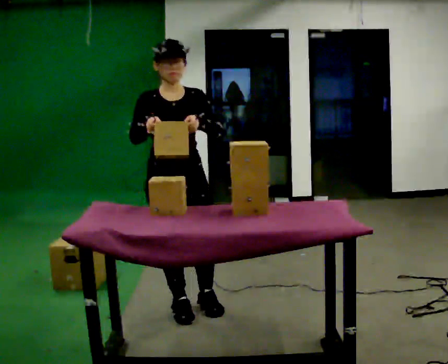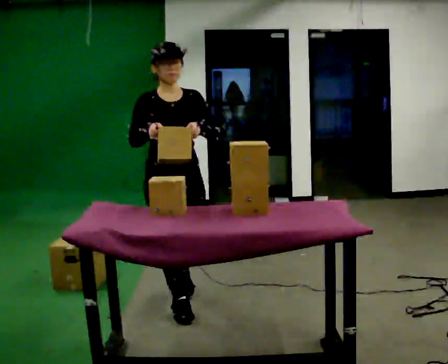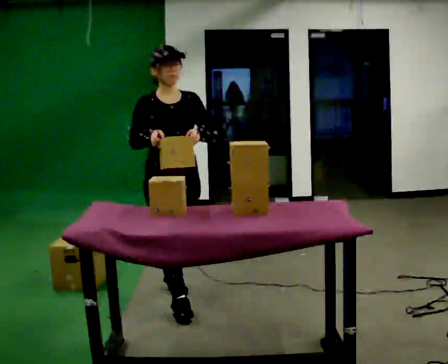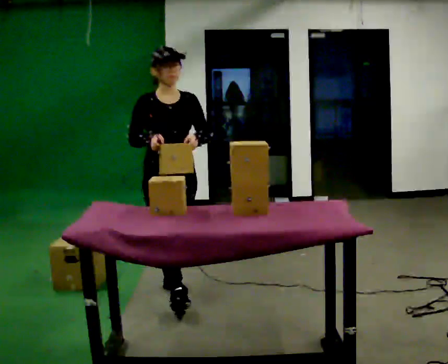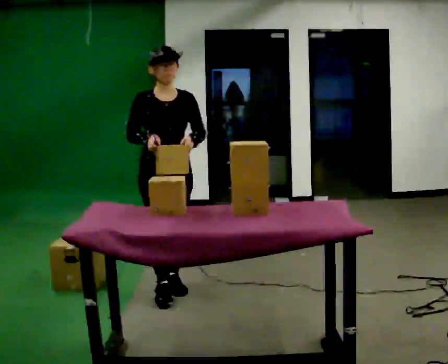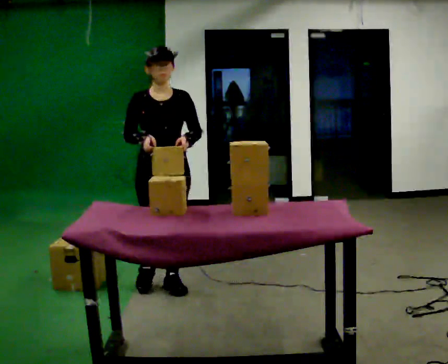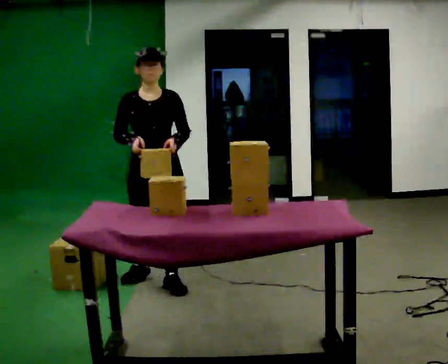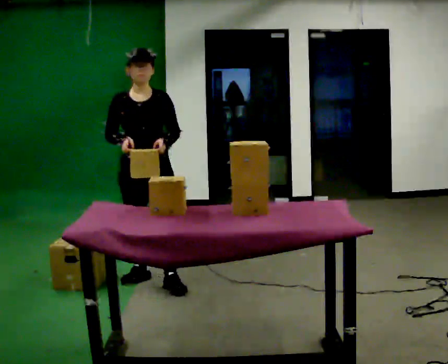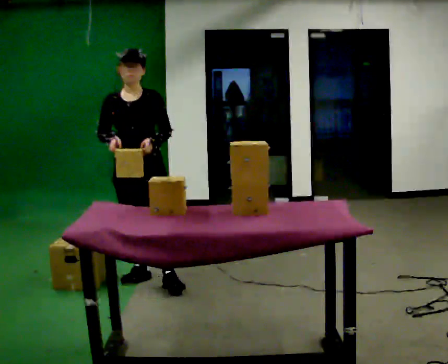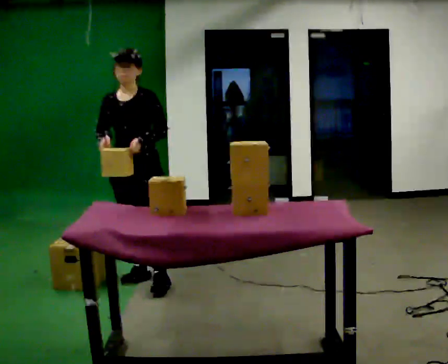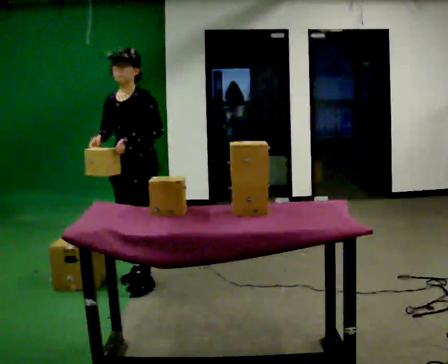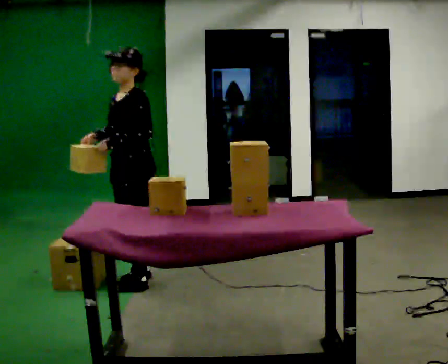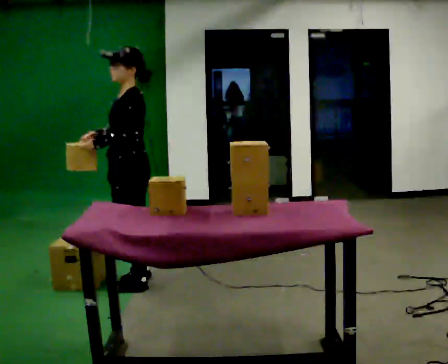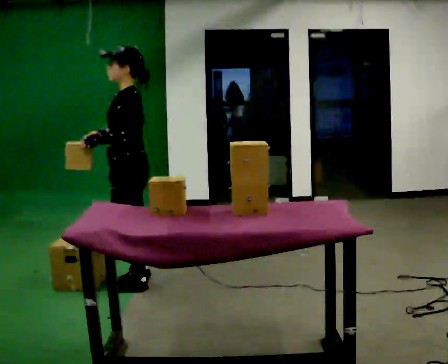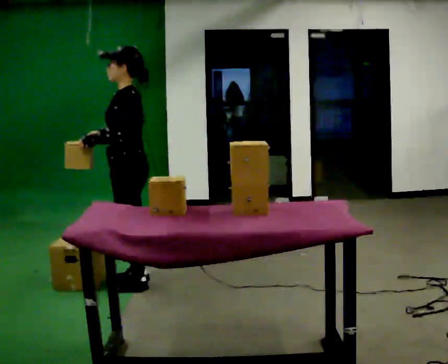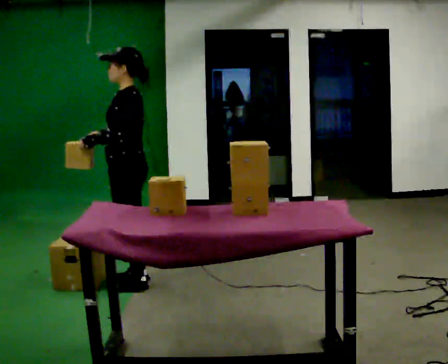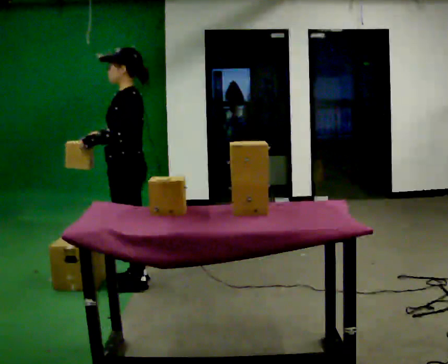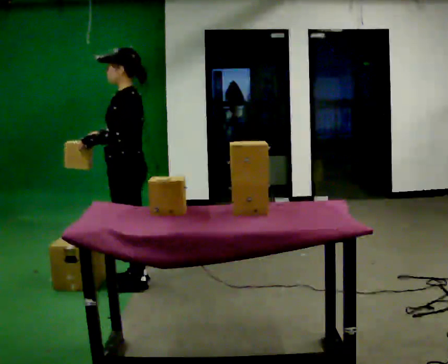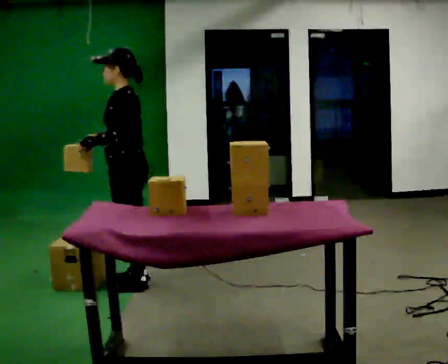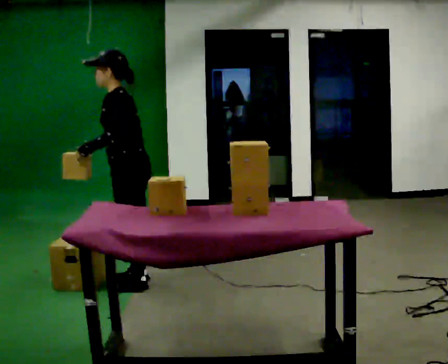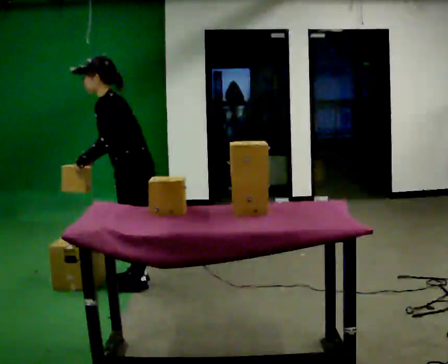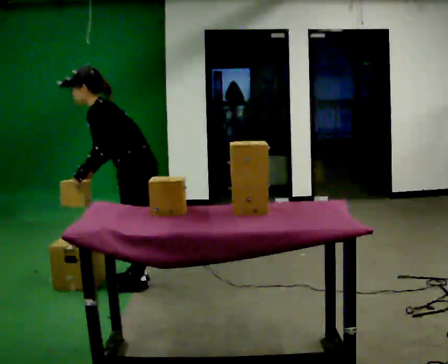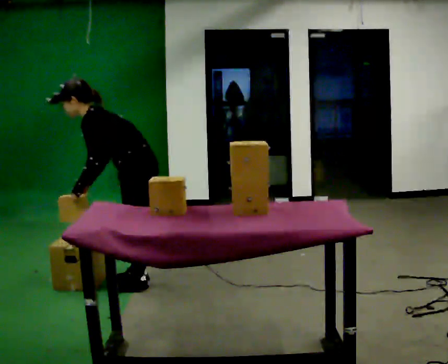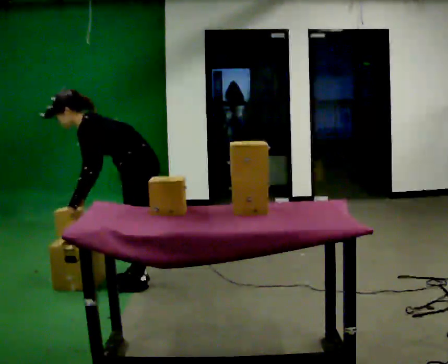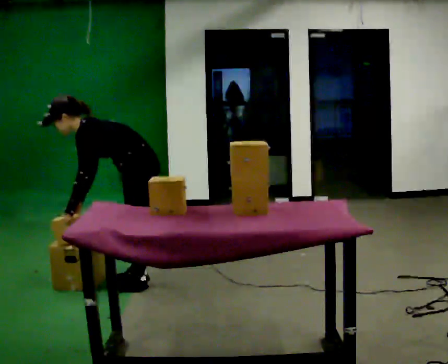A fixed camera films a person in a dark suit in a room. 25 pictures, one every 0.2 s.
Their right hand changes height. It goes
downward.
The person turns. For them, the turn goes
to their right.
0.0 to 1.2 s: In the picture they go away from the camera, about 0.5 m in 1 step, which for them is backward.
1.2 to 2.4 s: The person turns about 75 degrees to their right, clockwise seen from above, so the part of the body nearest the lens slides to the left. In the picture they go to the left, about 0.25 m in 1 step. In the picture their left hand goes to the left.
2.4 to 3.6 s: The person moves a little, or ends about where they began.
3.6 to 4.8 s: The shoulders move downward. In the picture the upper body tilts counterclockwise, shoulders to the left, as they bend forward. In the picture their right hand goes downward.
The film runs backward here.
